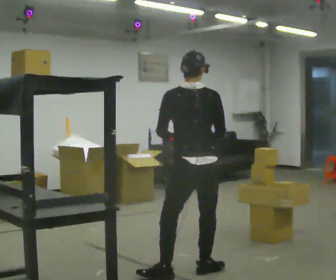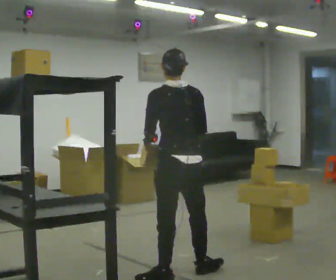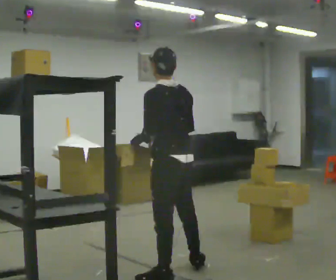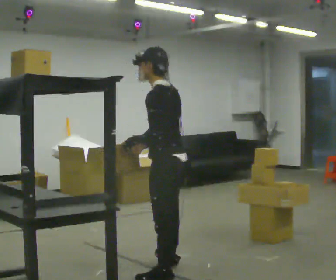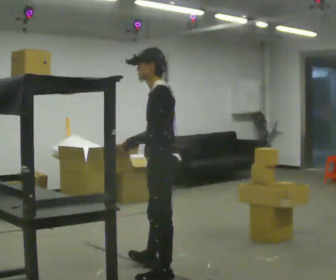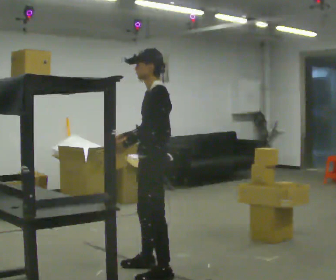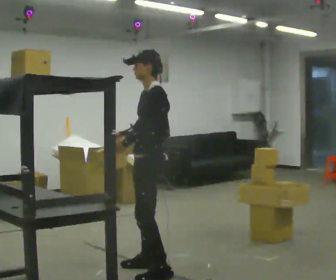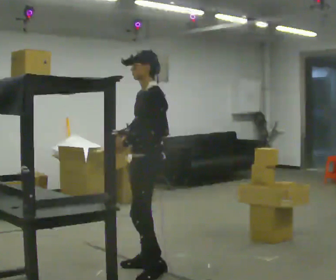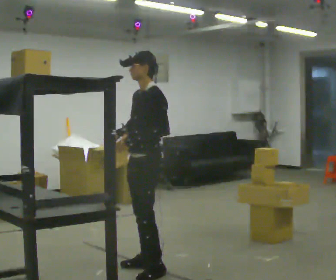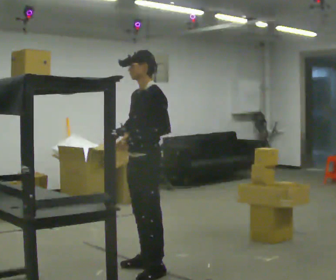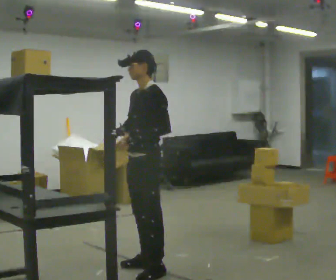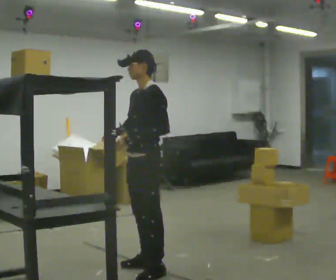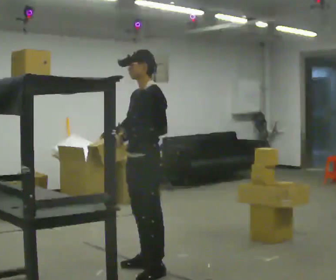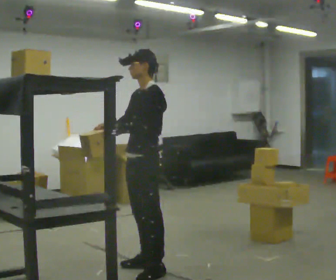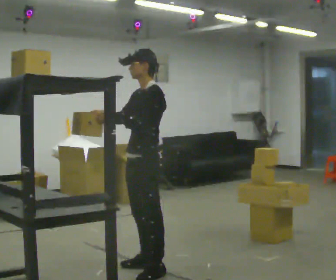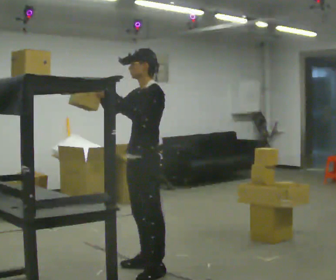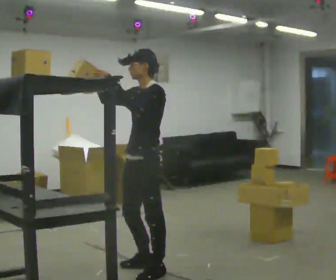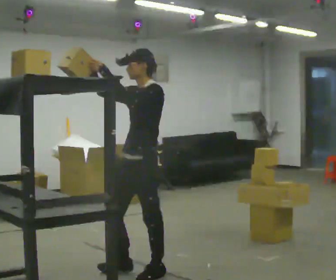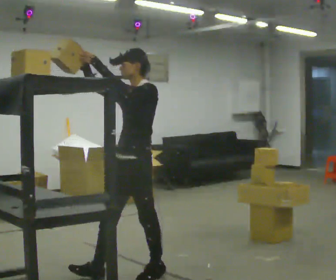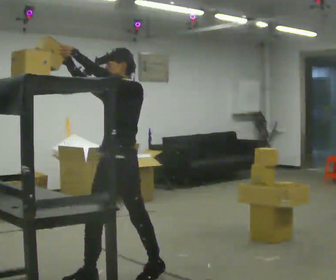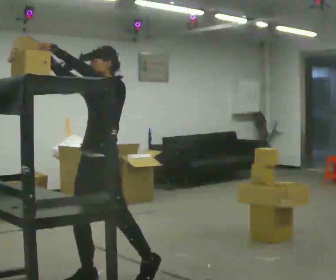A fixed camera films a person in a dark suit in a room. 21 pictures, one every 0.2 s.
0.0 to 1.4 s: The person turns about 105 degrees to their left, counterclockwise seen from above, so the part of the body nearest the lens slides to the right. In the picture they go to the left and away from the camera, about 0.25 m in 1 step.
1.4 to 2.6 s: The person moves a little, or ends about where they began.
2.6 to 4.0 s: In the picture they go to the left and toward the camera, about 0.5 m in 1 step, which for them is forward. In the picture their right hand goes upward, the arm swinging clockwise.
The film runs backward here.
